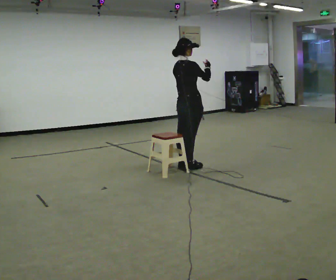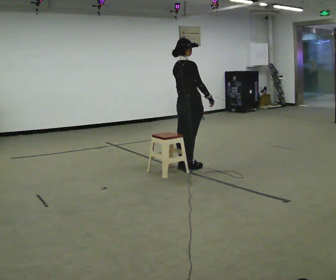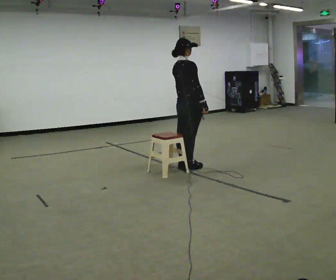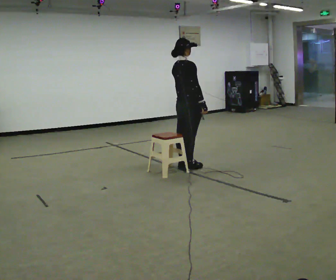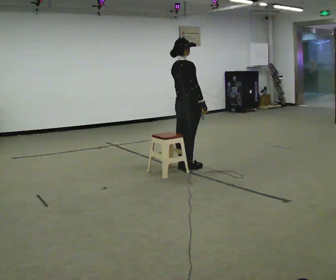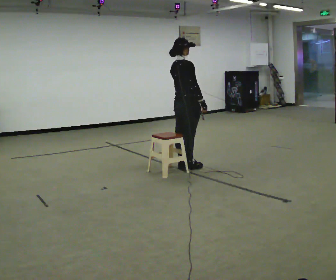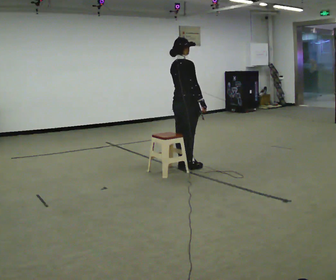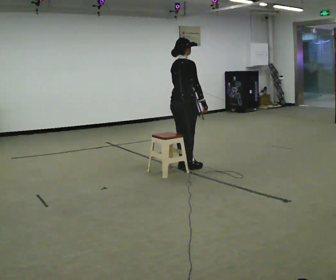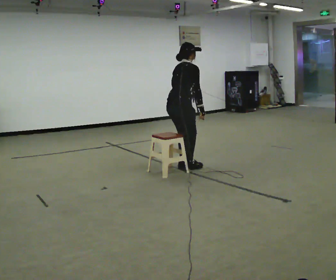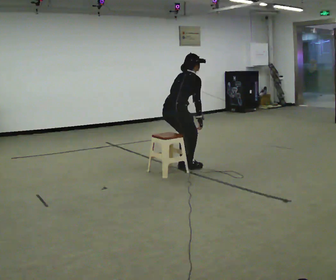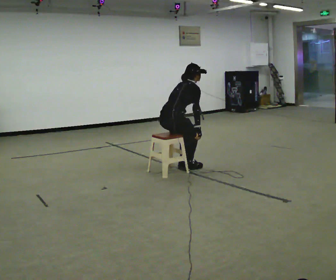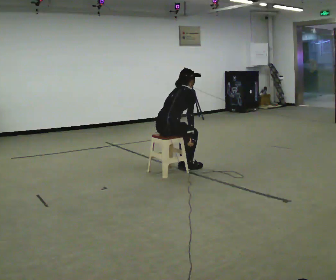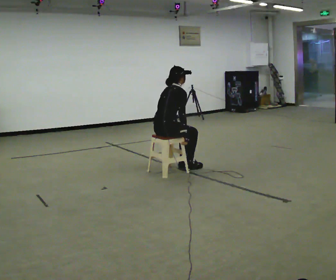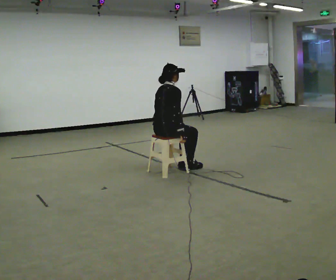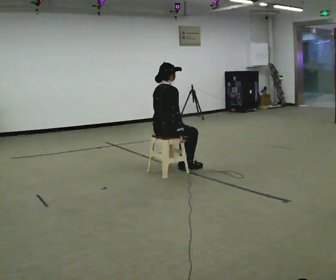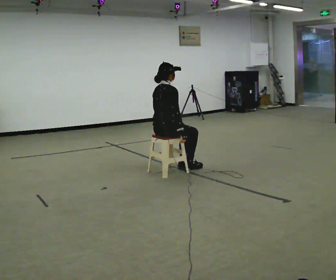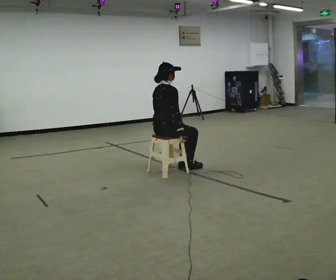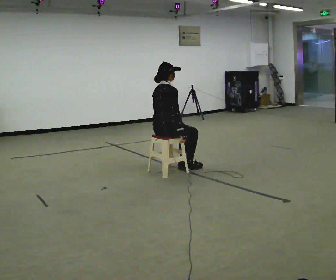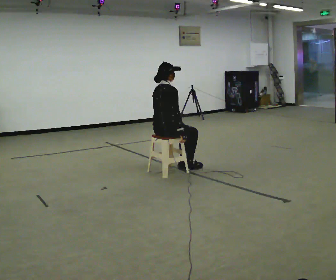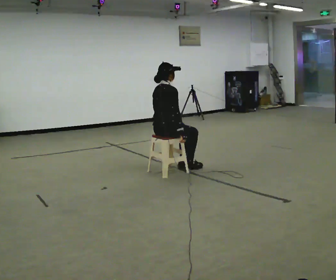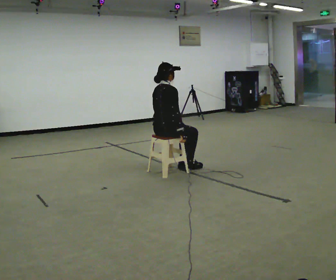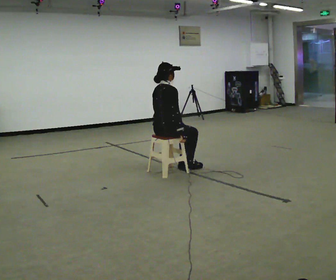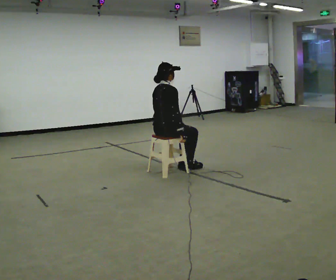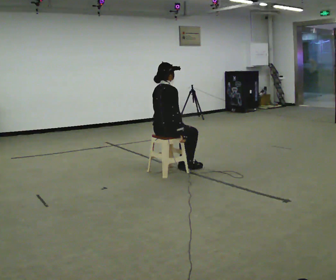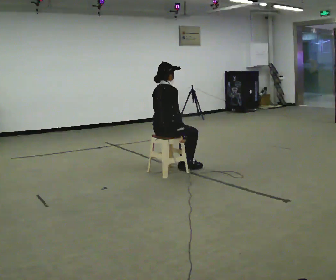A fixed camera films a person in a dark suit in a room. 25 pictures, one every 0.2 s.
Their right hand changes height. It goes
downward.
0.0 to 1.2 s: In the picture their right hand goes downward.
1.2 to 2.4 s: In the picture they go to the left and toward the camera, about 0.25 m, which for them is backward. The shoulders move downward. In the picture their right hand goes downward.
2.4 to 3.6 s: In the picture the upper body tilts counterclockwise, shoulders to the left, as they lean back or straighten.
3.6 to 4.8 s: The person keeps their place and pose.
The film runs backward here.
